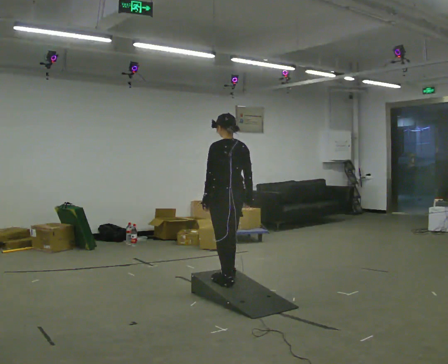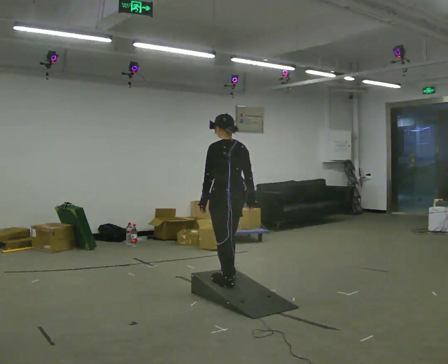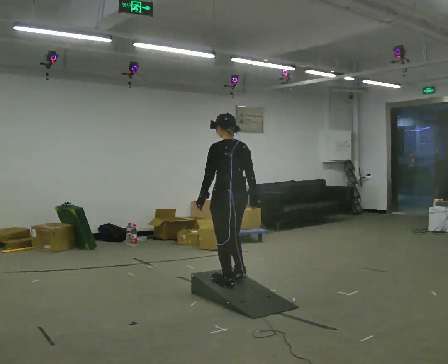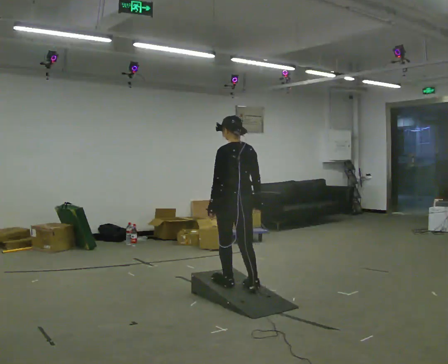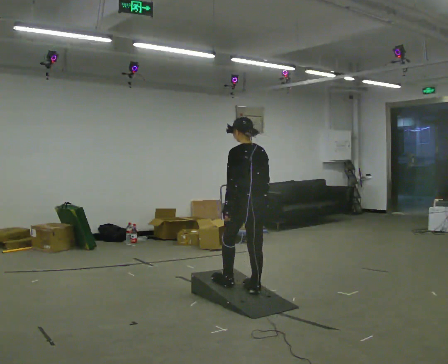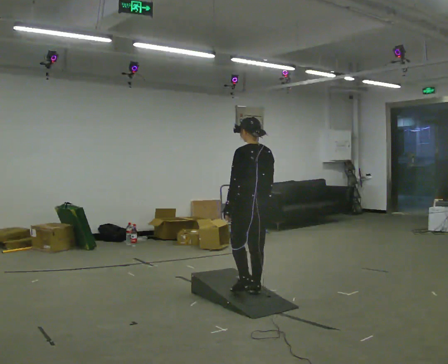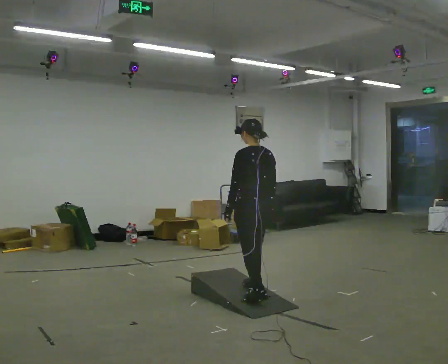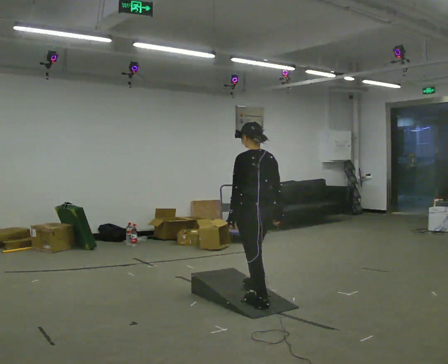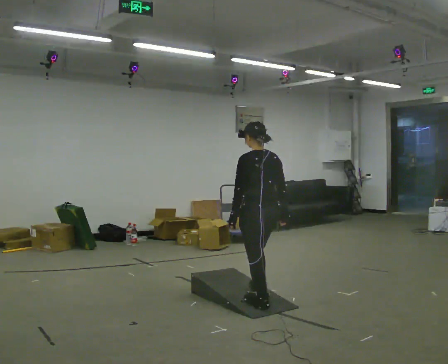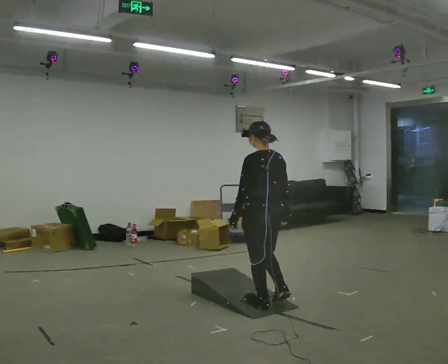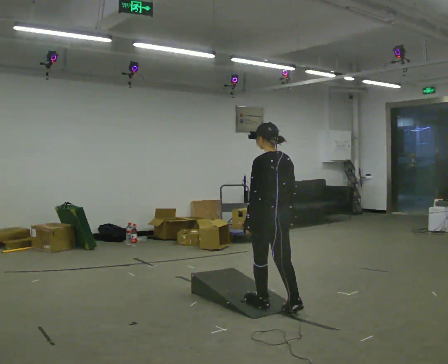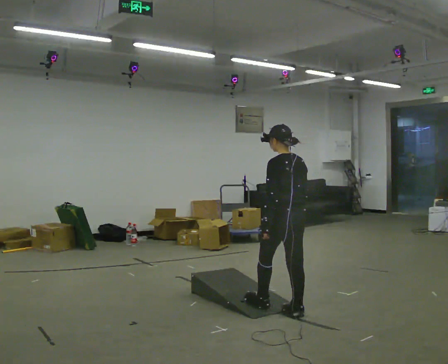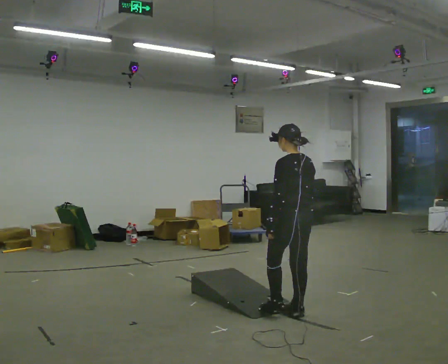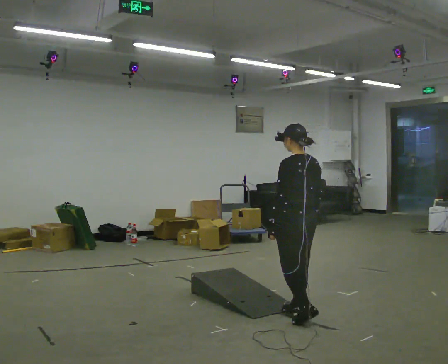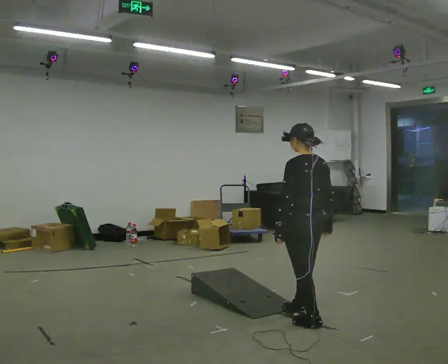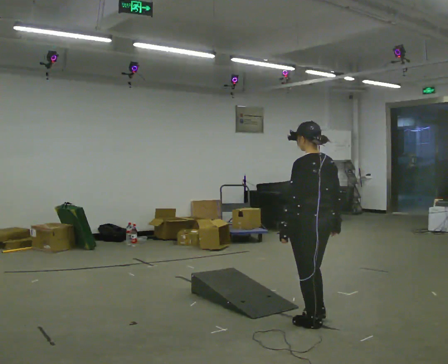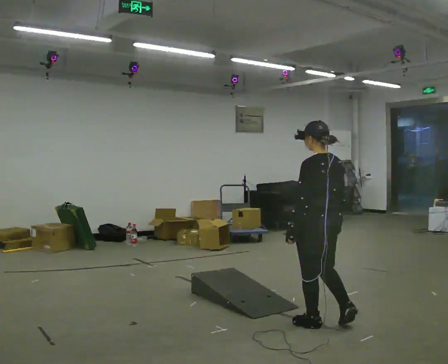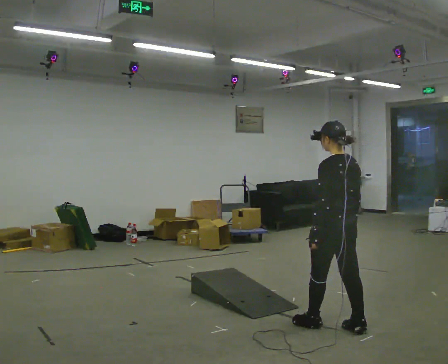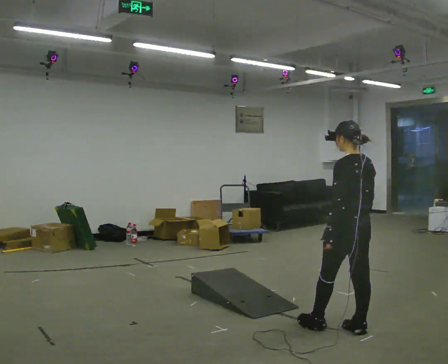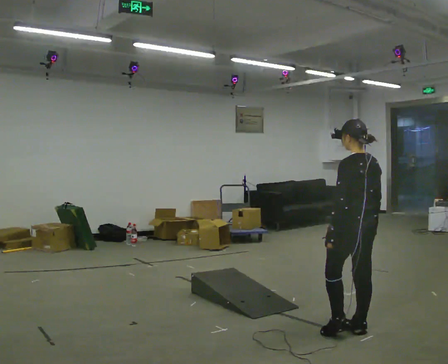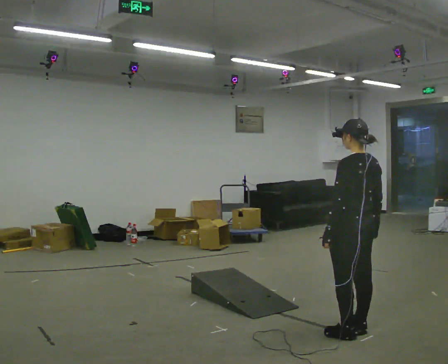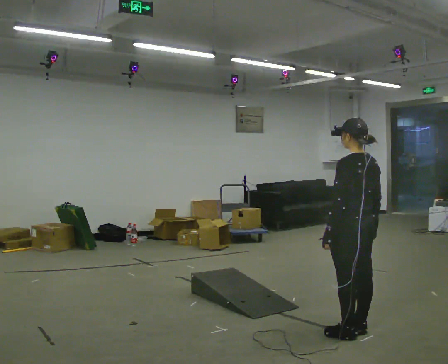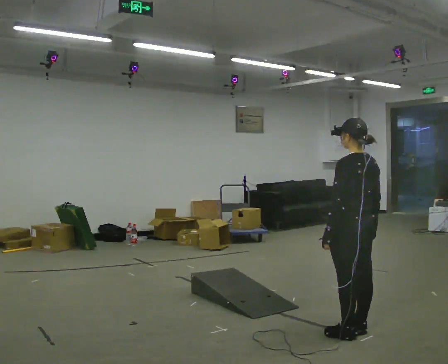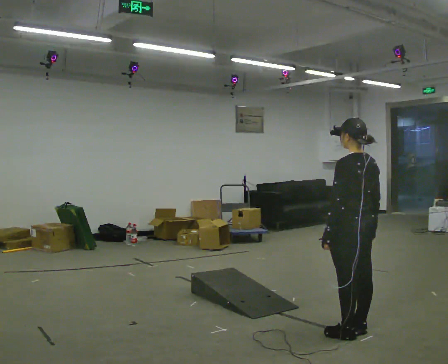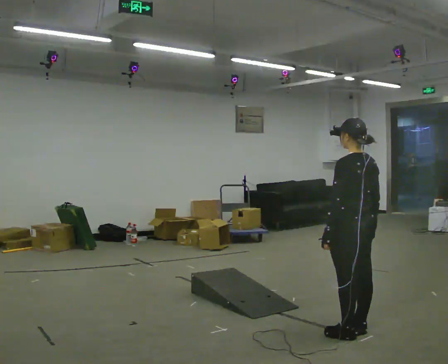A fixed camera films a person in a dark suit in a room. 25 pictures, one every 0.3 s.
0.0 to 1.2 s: In the picture they go to the right and toward the camera, about 0.25 m in 1 step, which for them is backward.
1.2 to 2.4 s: In the picture they go toward the camera, about 0.25 m in 2 steps, which for them is backward.
2.4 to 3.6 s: In the picture they go to the right, about 0.25 m in 1 step, which for them is backward and to their right.
3.6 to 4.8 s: In the picture they go toward the camera and to the right, about 0.25 m in 1 step, which for them is backward.
4.8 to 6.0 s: In the picture they go to the right, about 0.25 m in 1 step, which for them is backward.
6.0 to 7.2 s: The person moves a little, or ends about where they began.
The film runs backward here.
